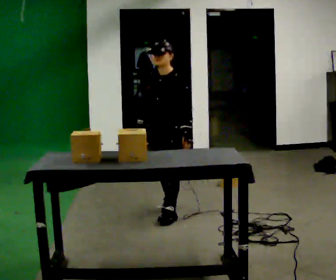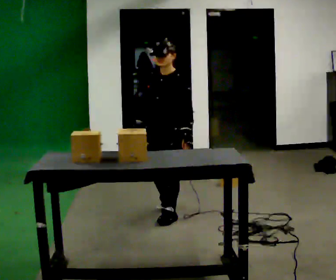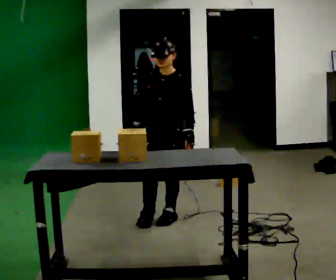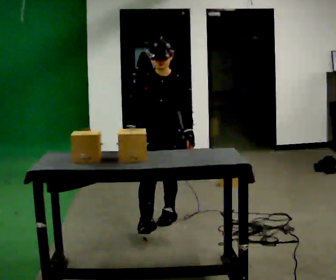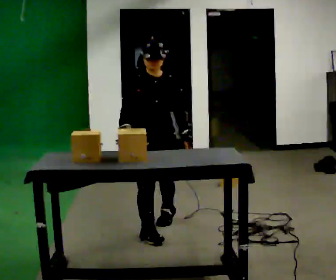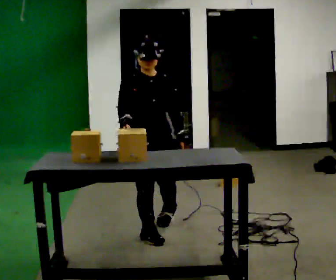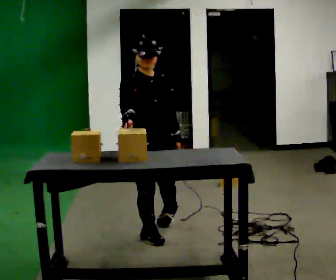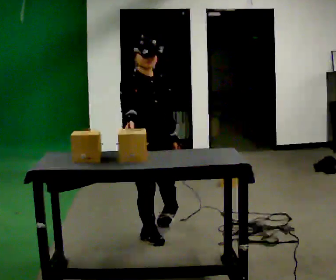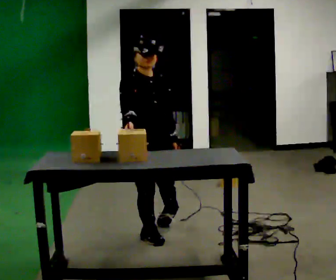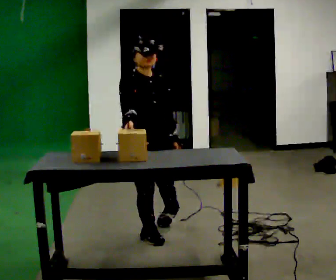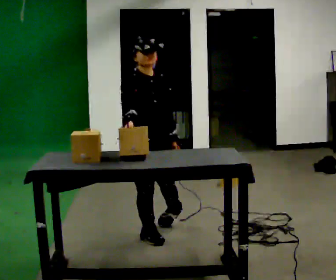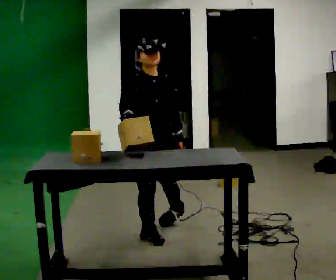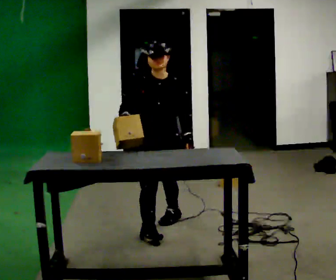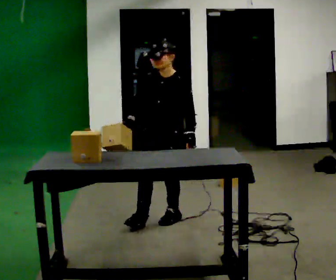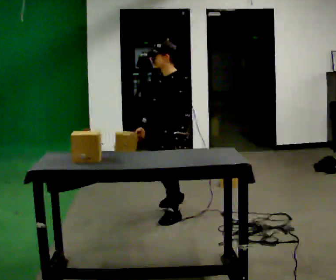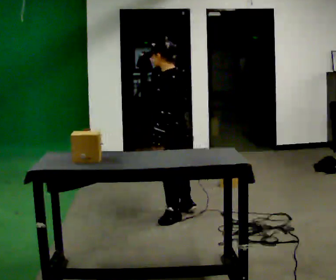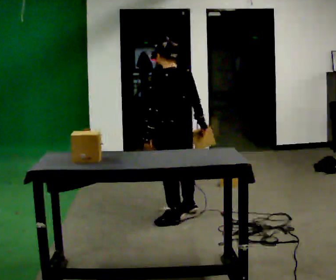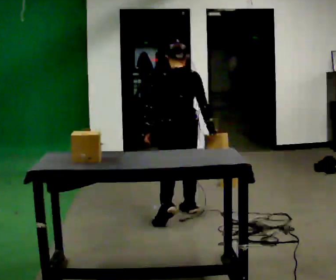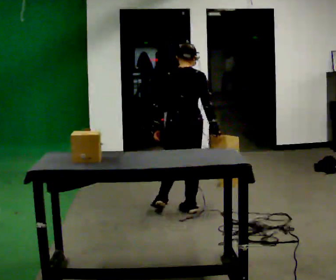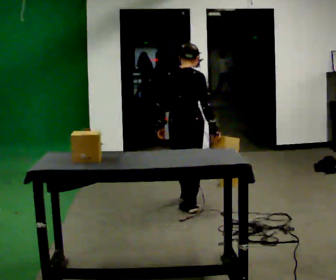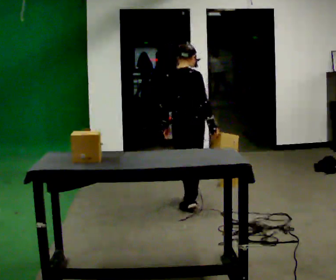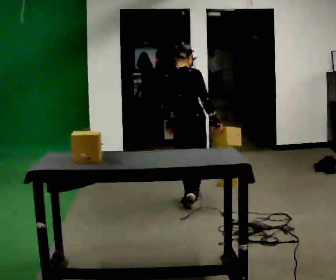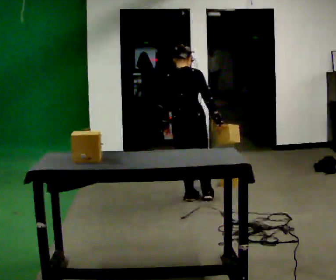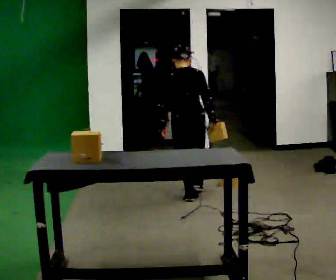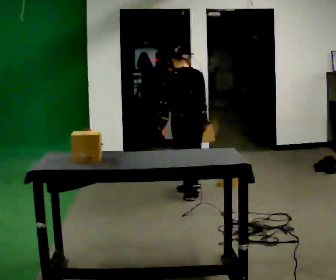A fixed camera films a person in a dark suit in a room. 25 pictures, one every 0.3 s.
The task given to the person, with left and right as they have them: Pick an object up off the floor at one end of the room, carry it across, and place it on the waist-height shelf at the other end. Keep going until the operator says stop; one object at a time, and do not rush between trips.
0.0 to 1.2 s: The person turns about 45 degrees to their left, counterclockwise seen from above, so the part of the body nearest the lens slides to the right. In the picture they go toward the camera, about 0.5 m in 1 step, which for them is forward.
1.2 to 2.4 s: In the picture they go toward the camera, about 0.25 m in 1 step, which for them is to their right.
2.4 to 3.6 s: Seen from above the body turns clockwise, about 30 degrees: to their right, with its near side sliding to the left. In the picture they go away from the camera, about 0.25 m in 1 step, which for them is to their left and backward.
3.6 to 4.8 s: The person turns about 150 degrees to their right, clockwise seen from above, so the part of the body nearest the lens slides to the left. In the picture they go away from the camera and to the right, about 0.25 m in 1 step.
4.8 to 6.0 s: Seen from above the body turns clockwise, about 60 degrees: to their right, with its near side sliding to the left. In the picture they go away from the camera, about 0.25 m in 1 step.
6.0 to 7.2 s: The part of the body nearest the lens slides to the right as the person turns to their left by about 60 degrees. In the picture they go away from the camera, about 0.25 m in 1 step, which for them is forward.
The film runs forward here.
